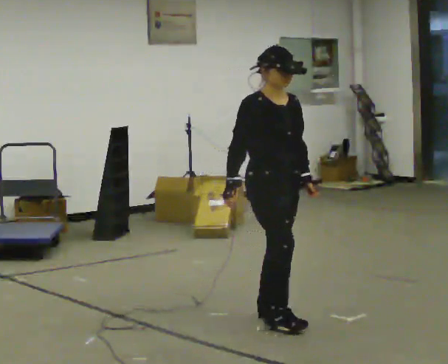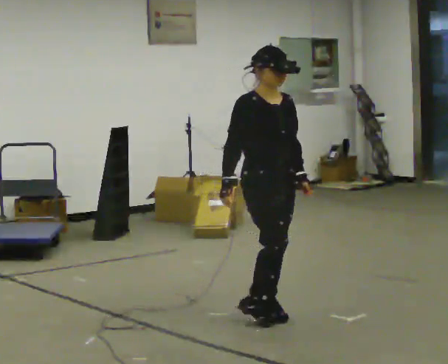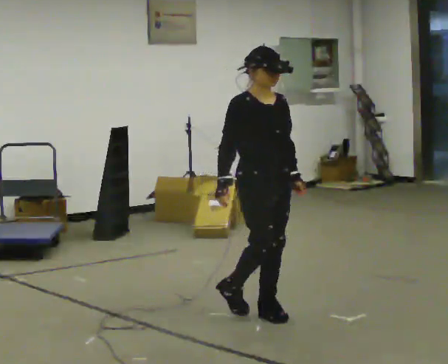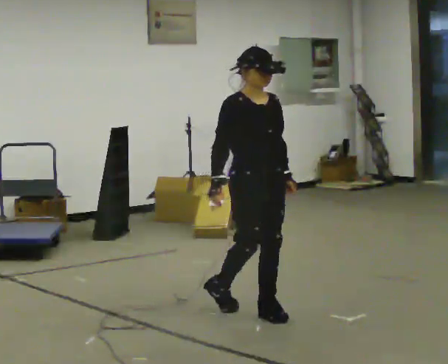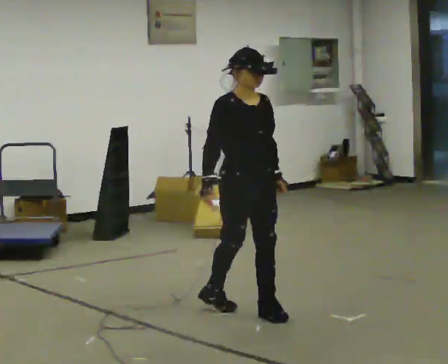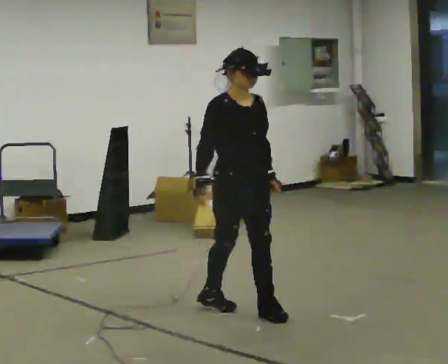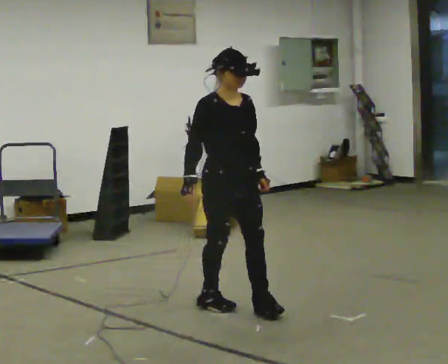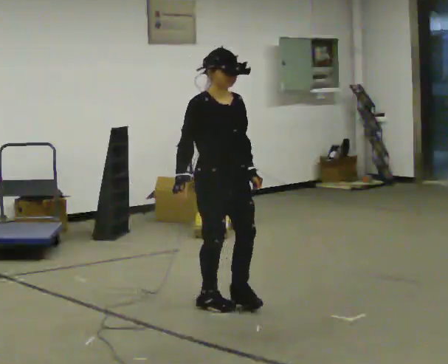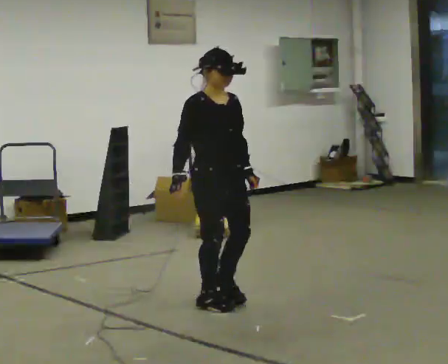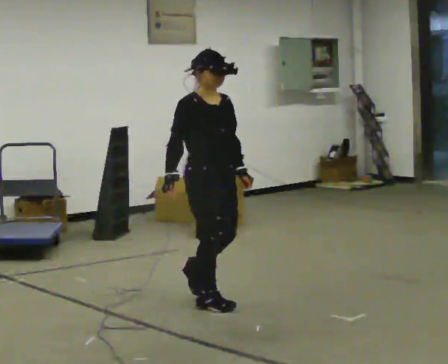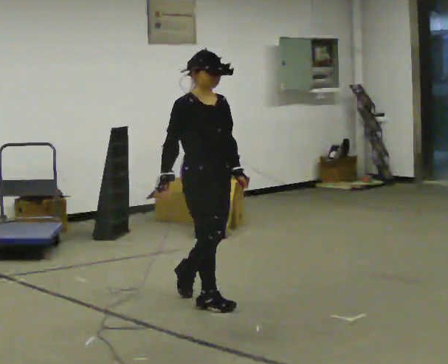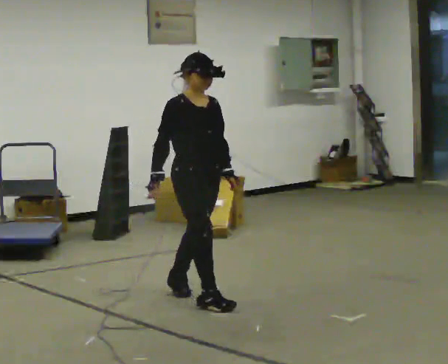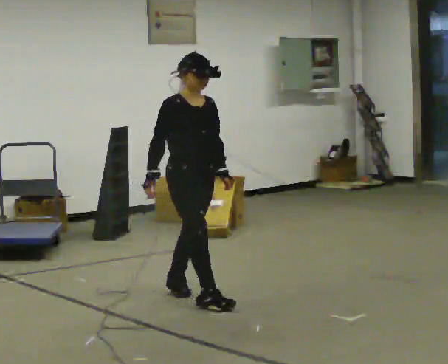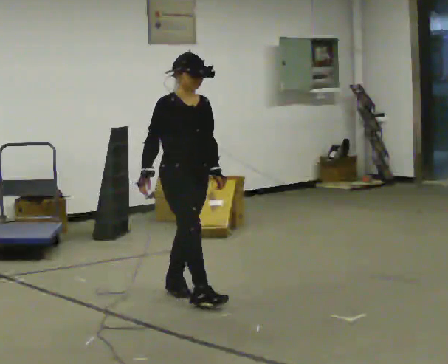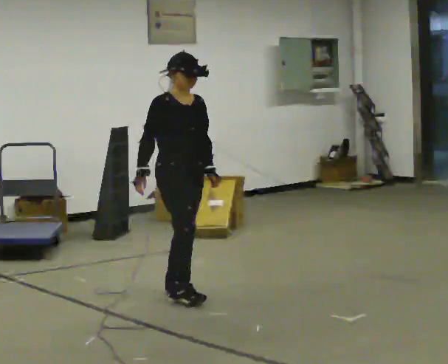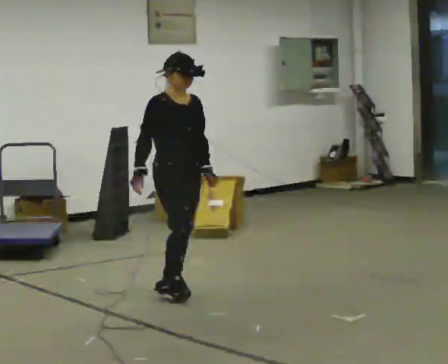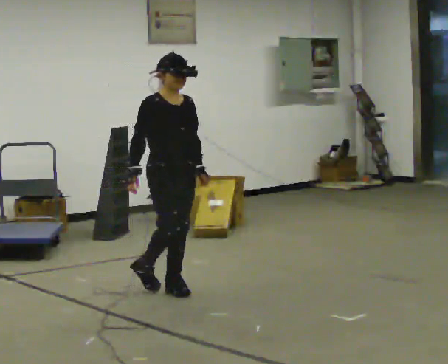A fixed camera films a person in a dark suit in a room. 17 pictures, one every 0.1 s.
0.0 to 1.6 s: In the picture they go away from the camera and to the left, about 1 m in 2 steps, which for them is backward.
The film runs backward here.
